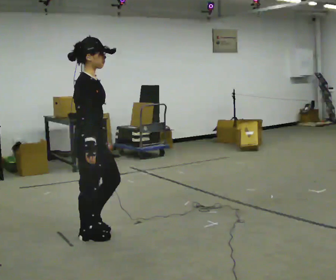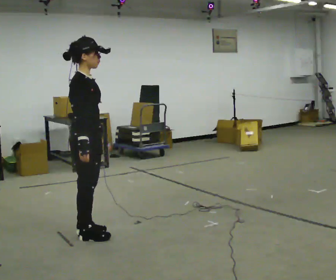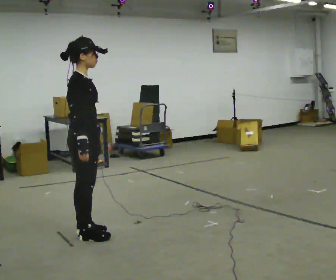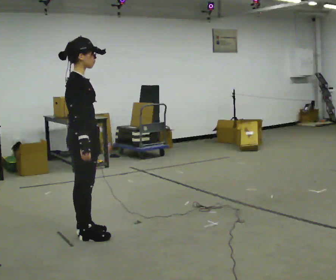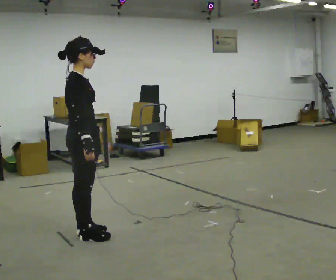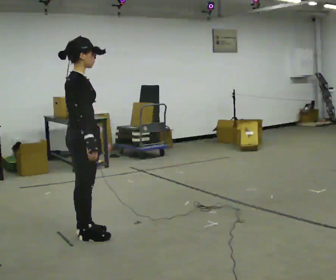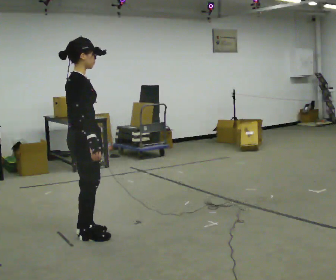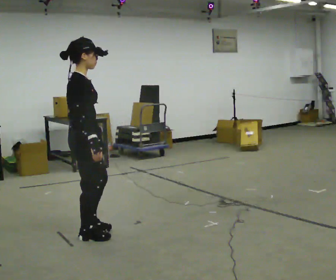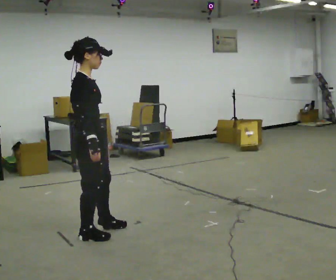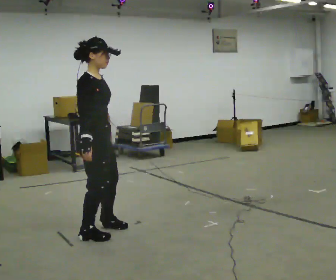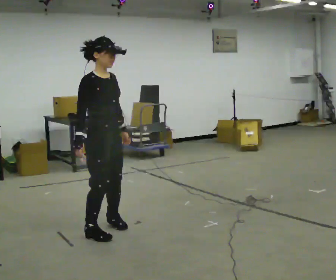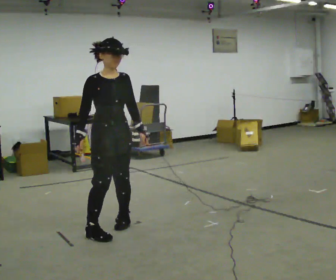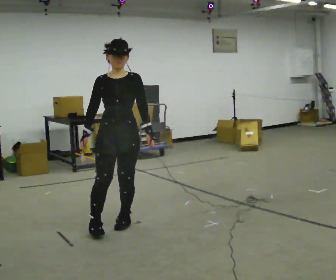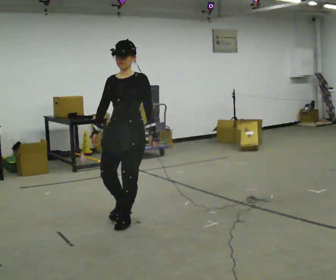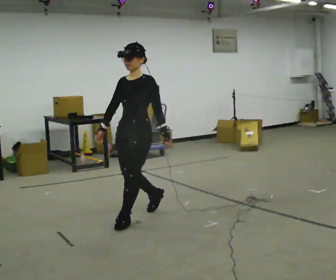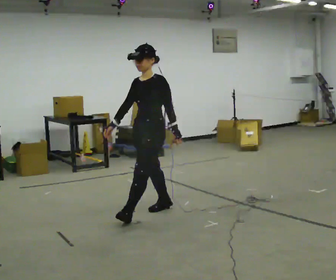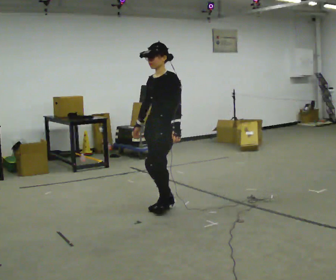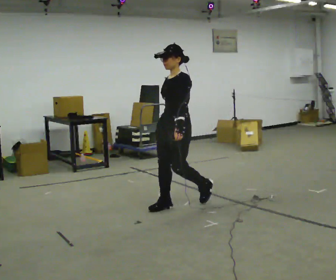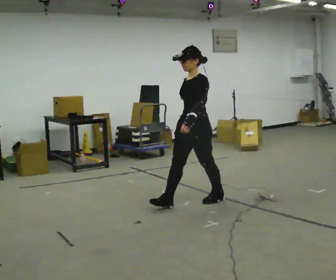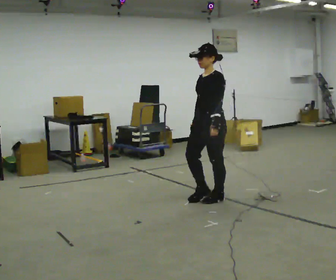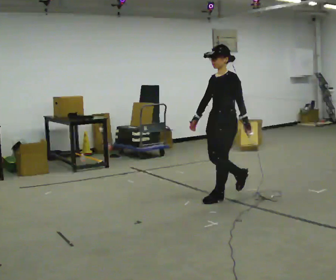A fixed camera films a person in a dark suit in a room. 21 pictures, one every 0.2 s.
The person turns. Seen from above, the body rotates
clockwise.
The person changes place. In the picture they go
to the right.
0.0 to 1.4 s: The person moves a little, or ends about where they began.
1.4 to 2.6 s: The person turns about 135 degrees to their right, clockwise seen from above, so the part of the body nearest the lens slides to the left. In the picture they go to the right and away from the camera, about 0.5 m in 1 step.
2.6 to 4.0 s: The person turns about 45 degrees to their right, clockwise seen from above, so the part of the body nearest the lens slides to the left. In the picture they go to the right and away from the camera, about 1 m in 2 steps, which for them is backward.
The film runs backward here.
